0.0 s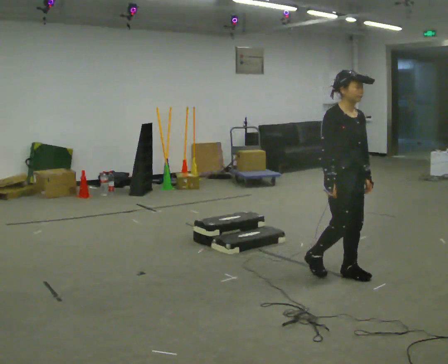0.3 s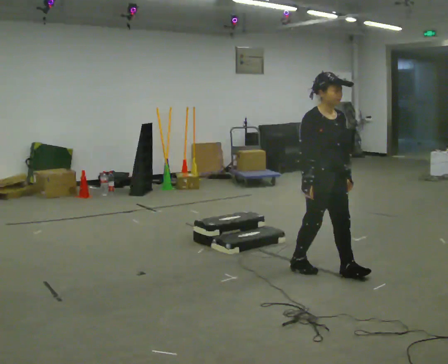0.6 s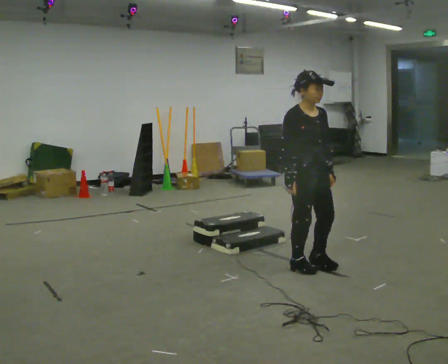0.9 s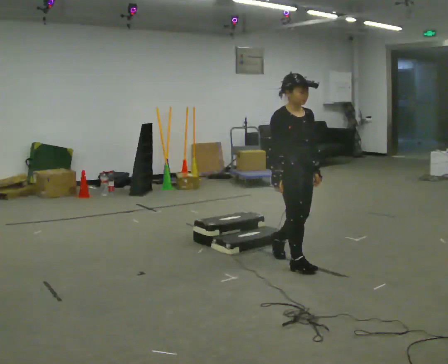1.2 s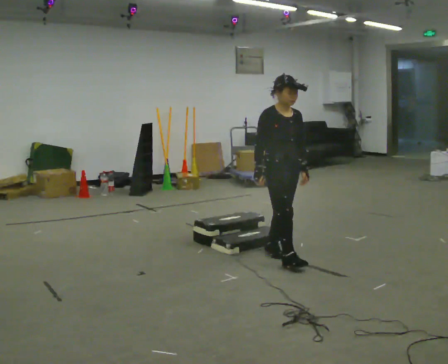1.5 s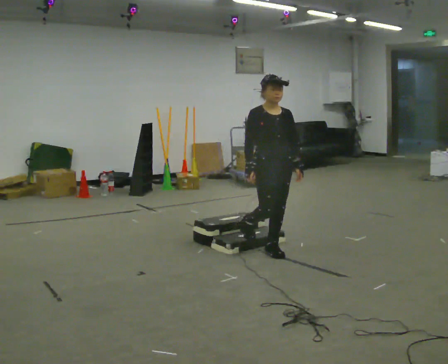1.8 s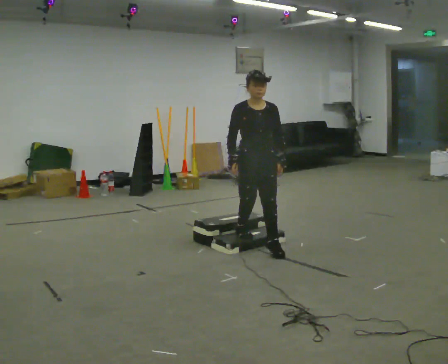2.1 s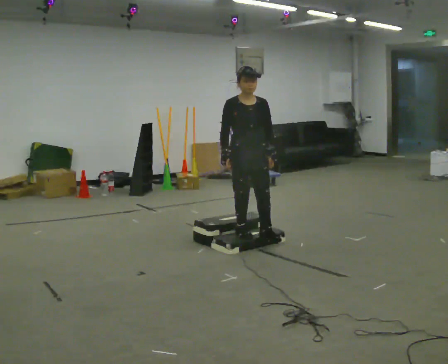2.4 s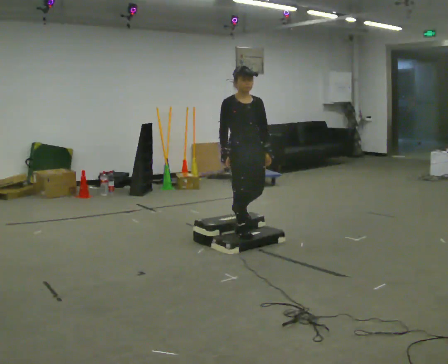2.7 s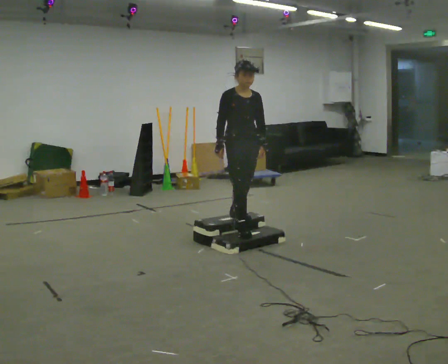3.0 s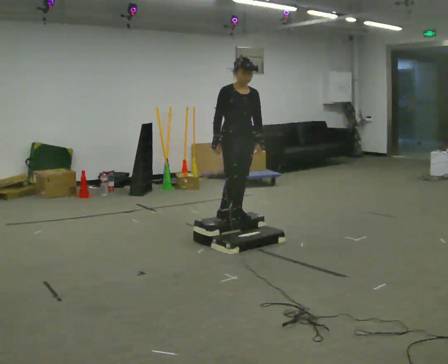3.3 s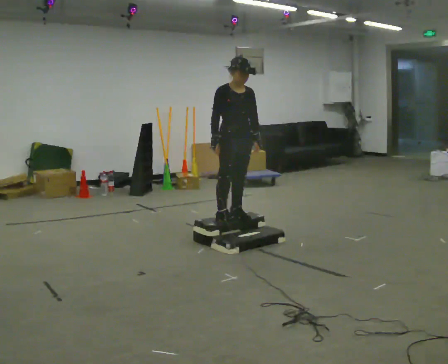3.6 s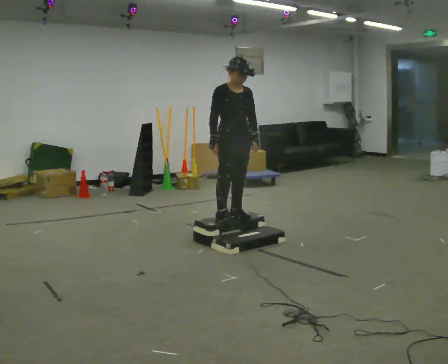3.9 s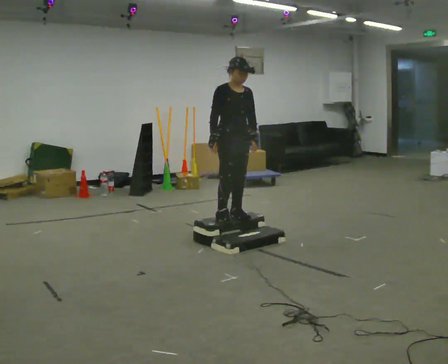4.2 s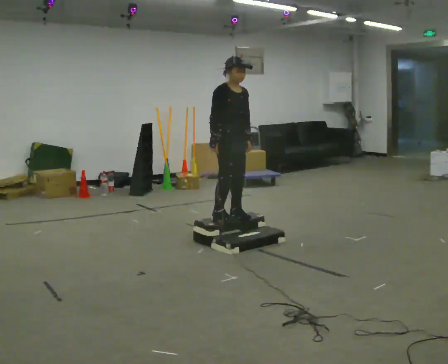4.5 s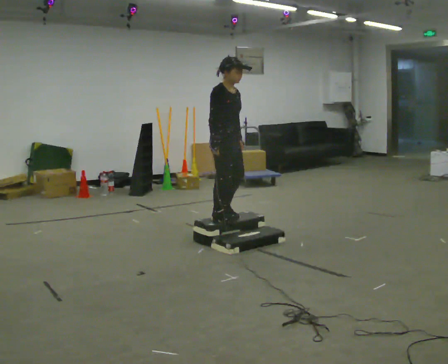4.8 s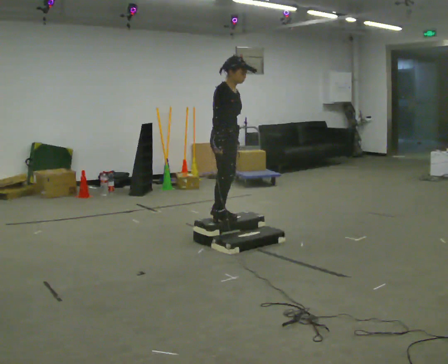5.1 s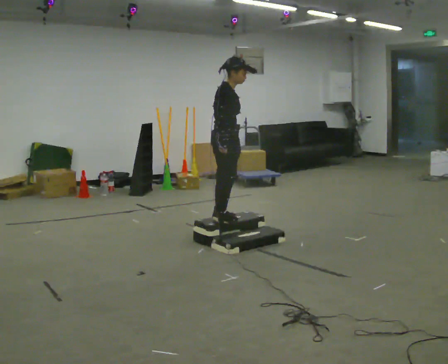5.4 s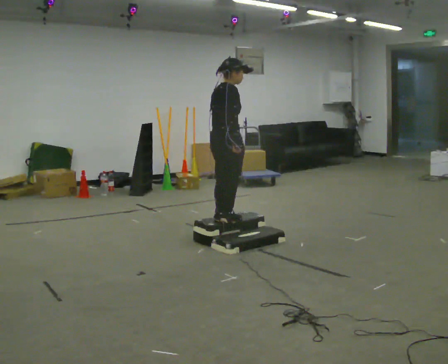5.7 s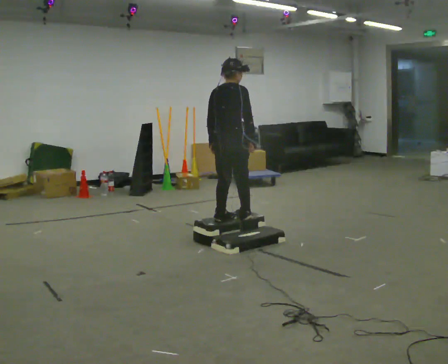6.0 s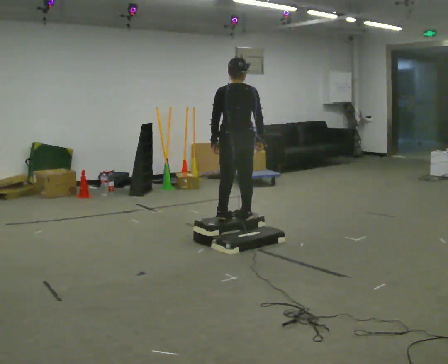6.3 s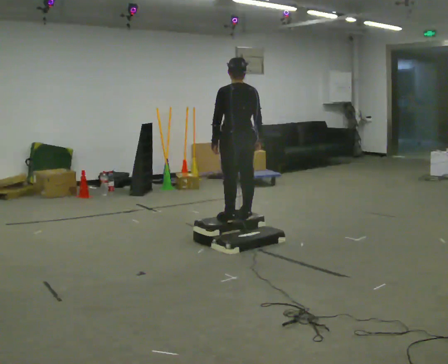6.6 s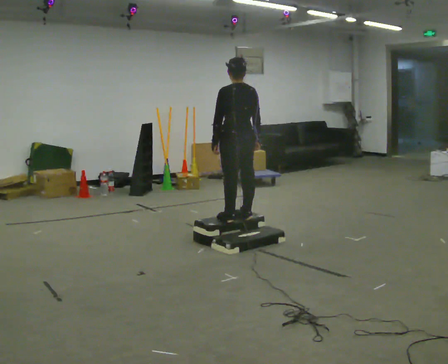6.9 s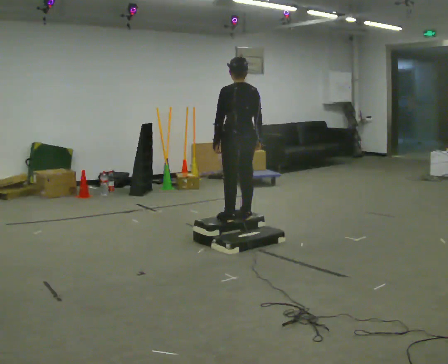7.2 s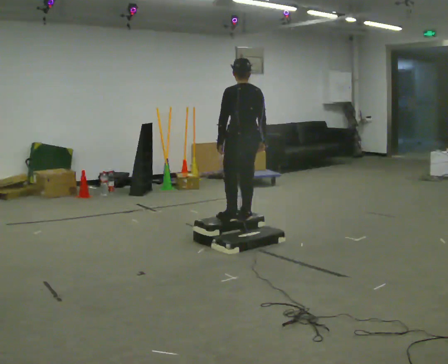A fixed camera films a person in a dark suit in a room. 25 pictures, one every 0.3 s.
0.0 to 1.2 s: In the picture they go away from the camera and to the left, about 0.5 m in 2 steps, which for them is backward.
1.2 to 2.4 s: In the picture they go away from the camera and to the left, about 0.5 m in 1 step, which for them is backward.
2.4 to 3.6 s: In the picture they go away from the camera, about 0.25 m in 1 step, which for them is backward.
3.6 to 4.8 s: Seen from above the body turns counterclockwise, about 45 degrees: to their left, with its near side sliding to the right.
4.8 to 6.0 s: The part of the body nearest the lens slides to the right as the person turns to their left by about 105 degrees. In the picture their right hand goes to the right.
6.0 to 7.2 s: The person turns about 30 degrees to their left, counterclockwise seen from above, so the part of the body nearest the lens slides to the right.
The film runs backward here.
